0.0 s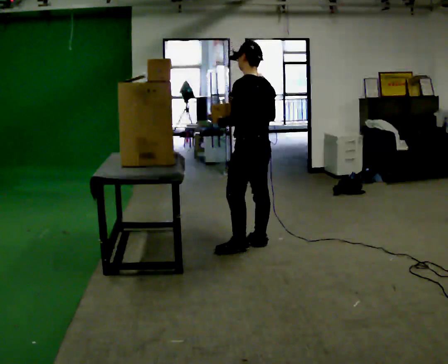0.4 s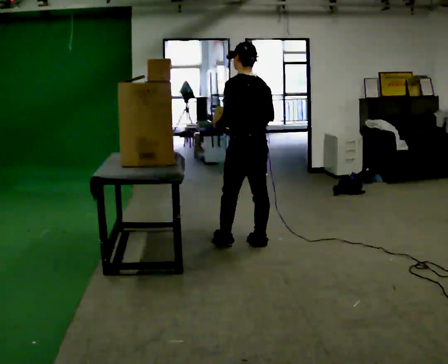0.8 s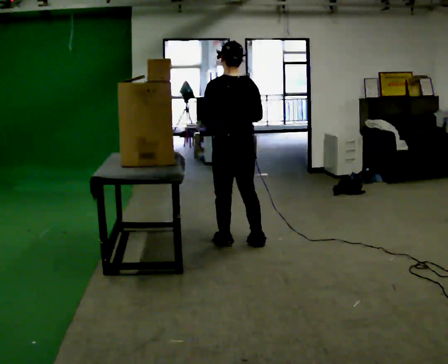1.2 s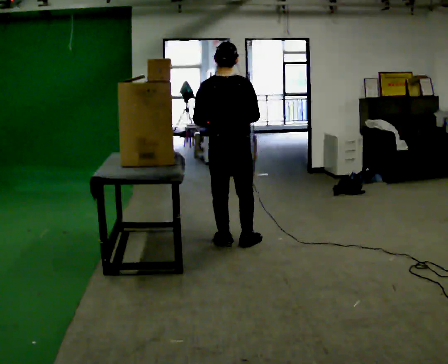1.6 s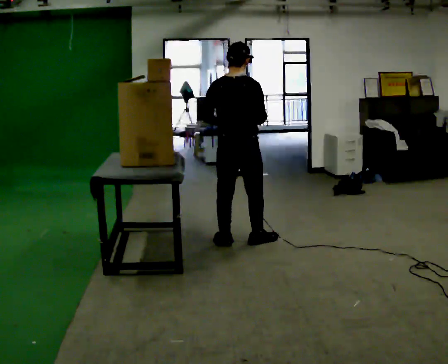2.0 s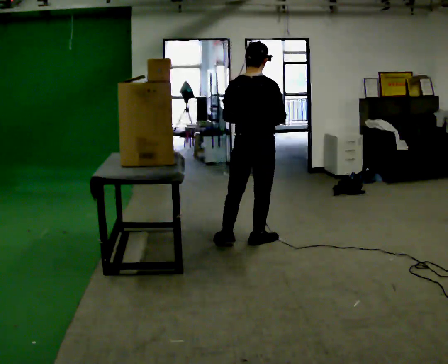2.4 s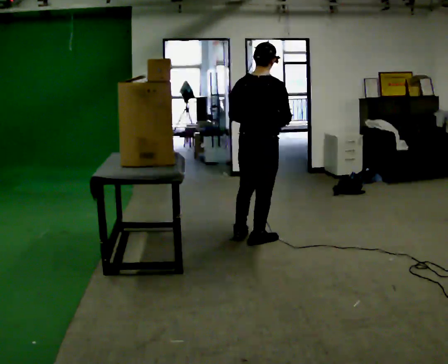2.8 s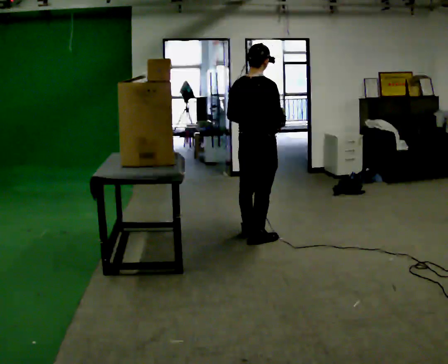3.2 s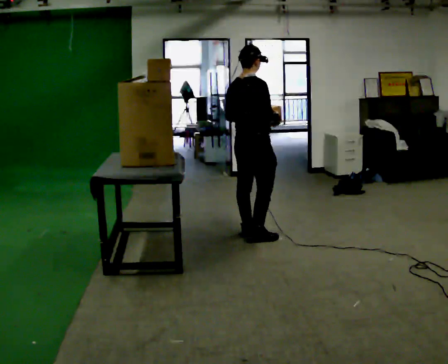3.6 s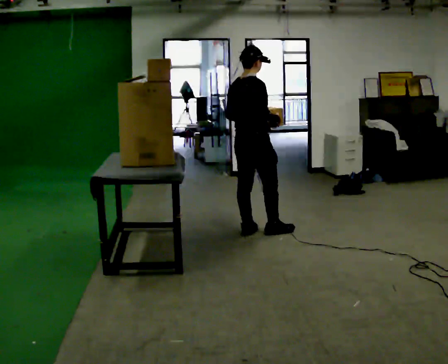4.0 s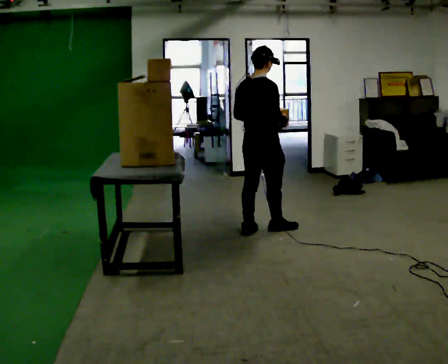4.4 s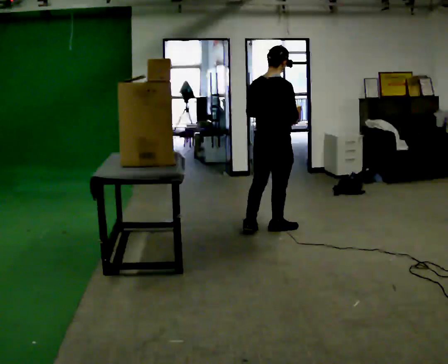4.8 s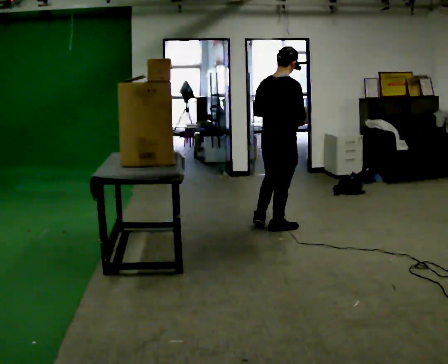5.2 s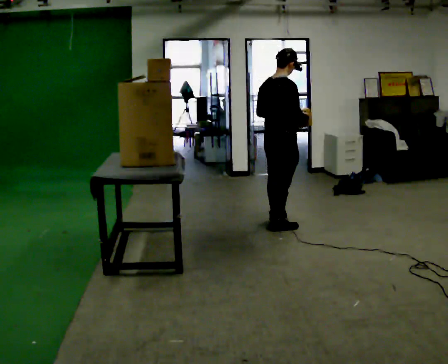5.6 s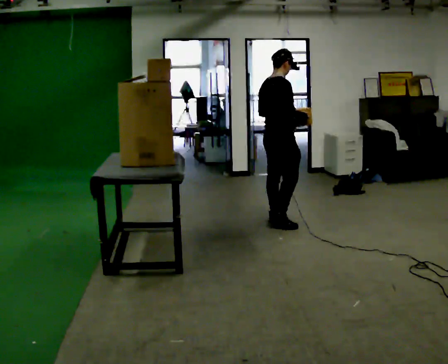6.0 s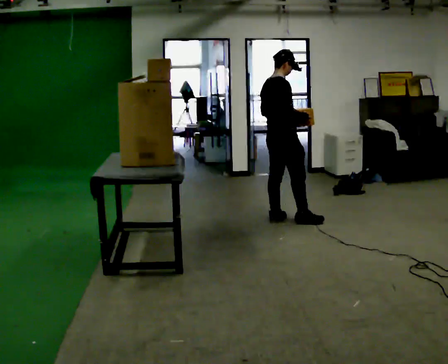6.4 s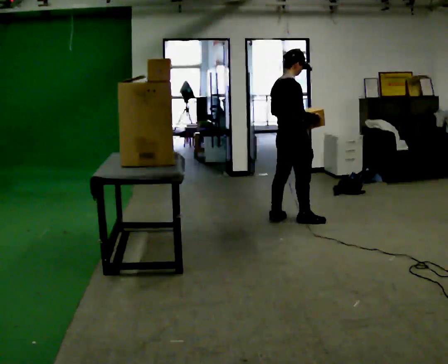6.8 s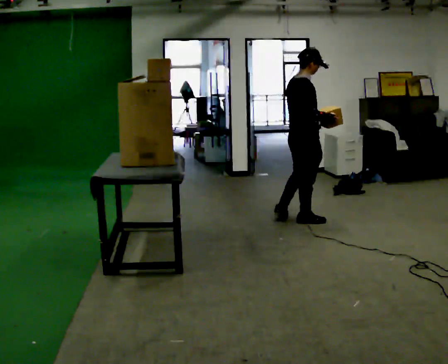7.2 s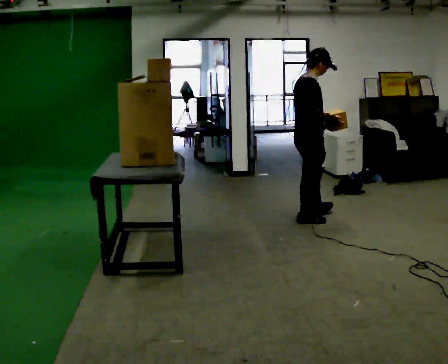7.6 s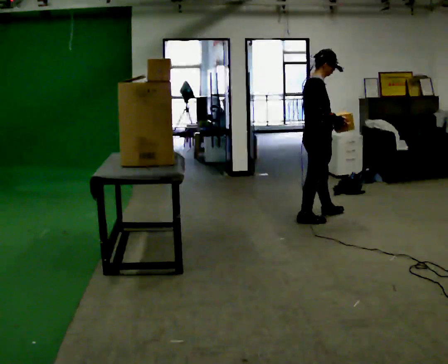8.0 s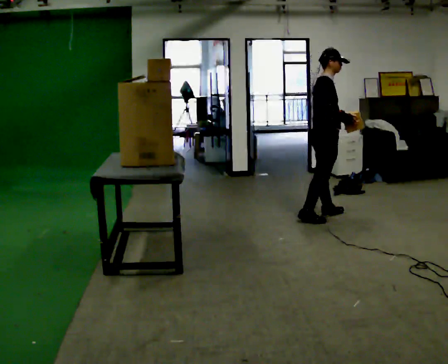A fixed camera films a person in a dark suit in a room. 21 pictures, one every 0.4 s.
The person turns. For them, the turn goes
to their right.
The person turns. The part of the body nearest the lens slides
to the left.
0.0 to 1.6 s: The part of the body nearest the lens slides to the left as the person turns to their right by about 75 degrees.
1.6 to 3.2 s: The part of the body nearest the lens slides to the left as the person turns to their right by about 30 degrees. In the picture they go away from the camera, about 0.25 m in 1 step, which for them is forward.
3.2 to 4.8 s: In the picture they go to the right, about 0.25 m in 1 step, which for them is forward and to their right.
4.8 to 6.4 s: The part of the body nearest the lens slides to the left as the person turns to their right by about 30 degrees. In the picture they go away from the camera, about 0.25 m in 2 steps, which for them is forward and to their left.
6.4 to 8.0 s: The part of the body nearest the lens slides to the left as the person turns to their right by about 30 degrees. In the picture they go to the right, about 0.25 m in 1 step, which for them is forward.
The film runs forward here.
